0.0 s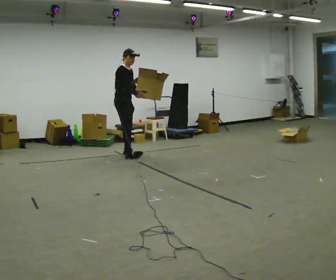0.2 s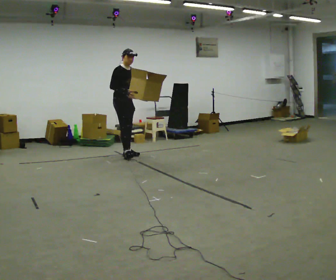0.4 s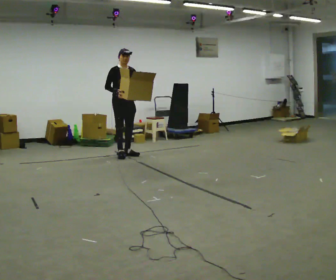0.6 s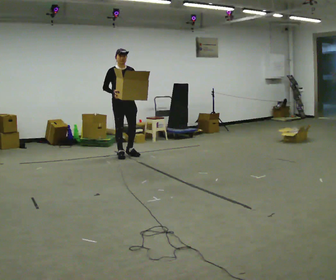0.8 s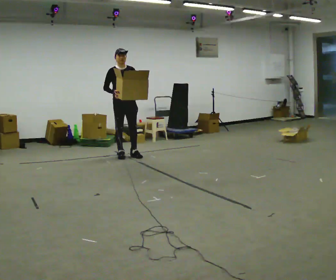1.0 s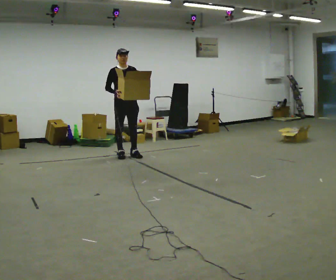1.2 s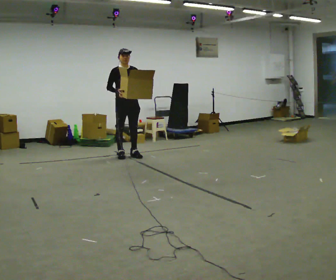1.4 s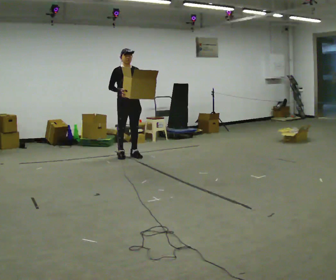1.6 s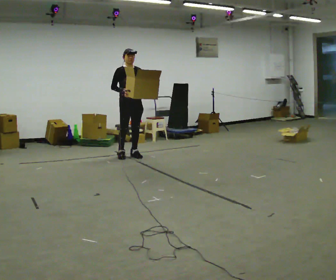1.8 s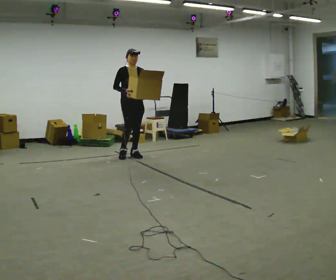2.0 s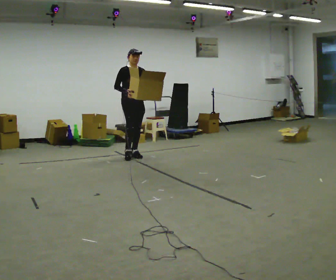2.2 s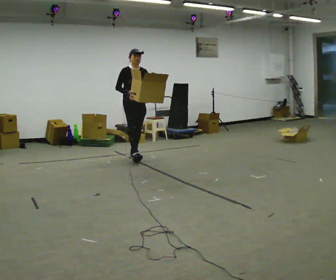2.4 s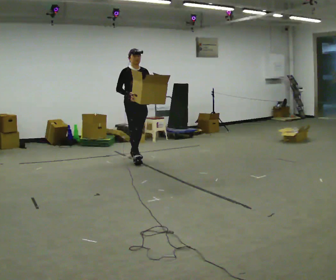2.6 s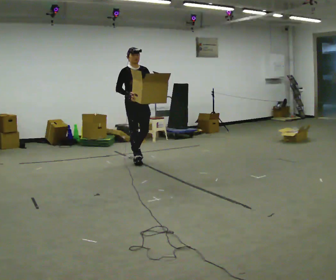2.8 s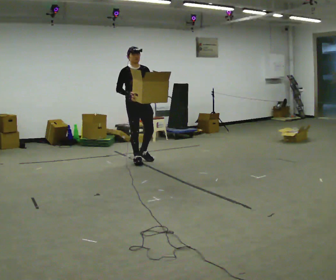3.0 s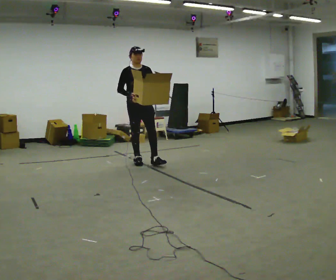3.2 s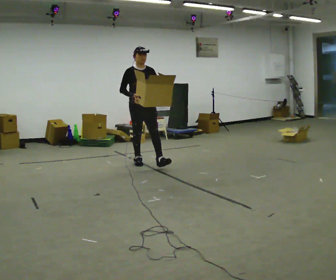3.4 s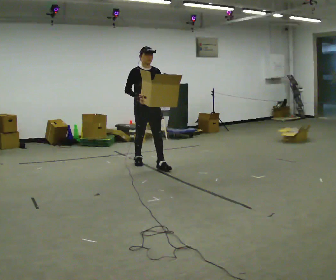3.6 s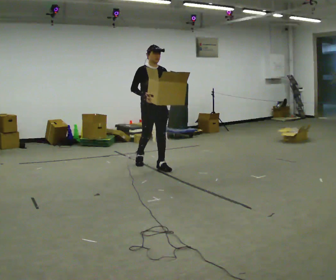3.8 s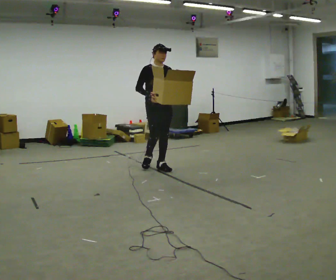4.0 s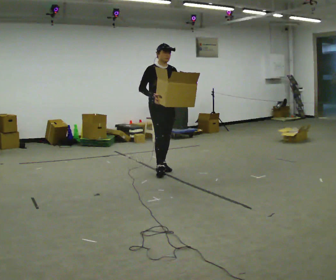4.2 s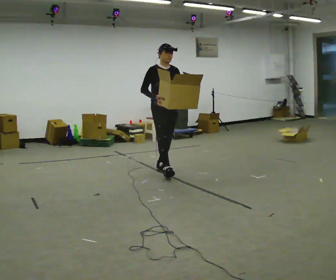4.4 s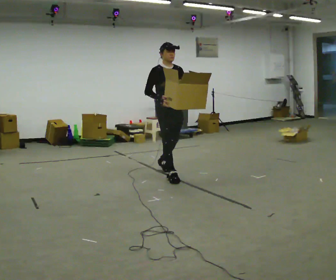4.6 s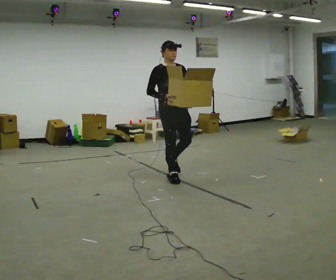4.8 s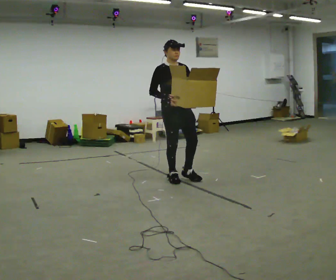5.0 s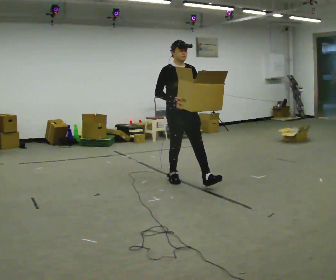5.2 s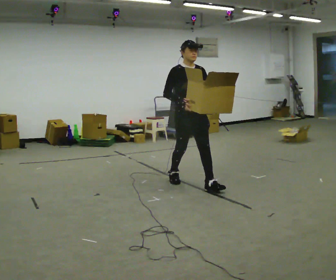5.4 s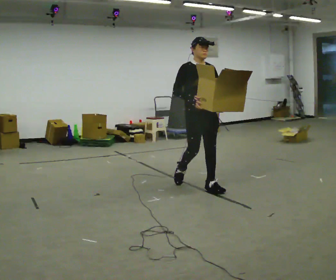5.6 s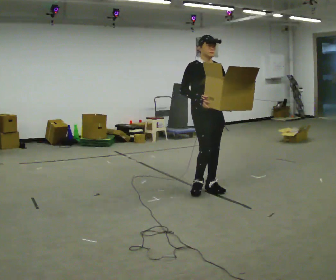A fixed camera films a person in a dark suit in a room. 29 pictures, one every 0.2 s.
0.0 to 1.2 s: Seen from above the body turns clockwise, about 30 degrees: to their right, with its near side sliding to the left.
1.2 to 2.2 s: The person moves a little, or ends about where they began.
2.2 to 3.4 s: In the picture they go toward the camera and to the right, about 0.5 m in 2 steps, which for them is forward.
3.4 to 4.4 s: In the picture they go toward the camera and to the right, about 0.75 m in 1 step, which for them is forward.
4.4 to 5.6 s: In the picture they go toward the camera and to the right, about 1 m in 1 step, which for them is forward.
The film runs forward here.
